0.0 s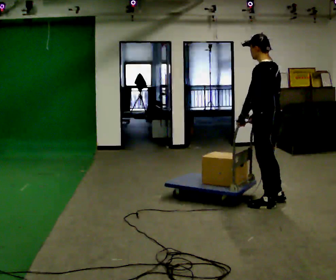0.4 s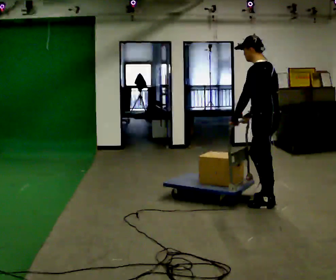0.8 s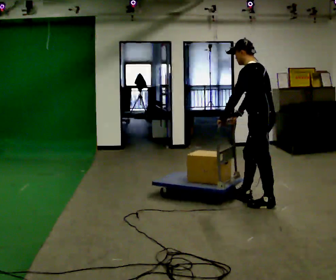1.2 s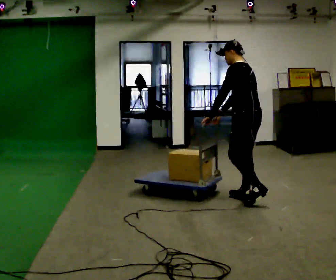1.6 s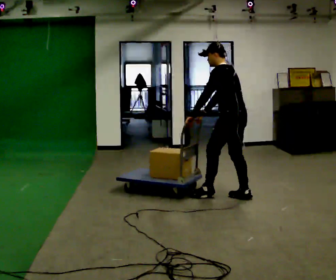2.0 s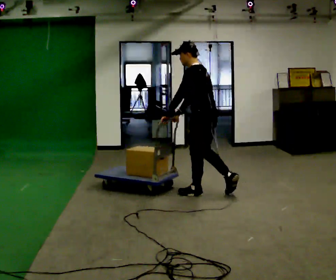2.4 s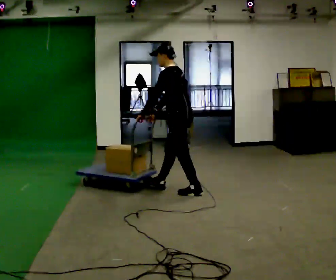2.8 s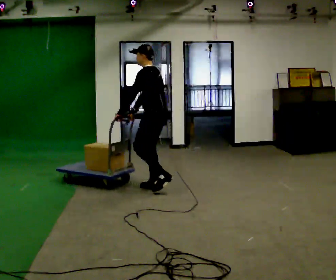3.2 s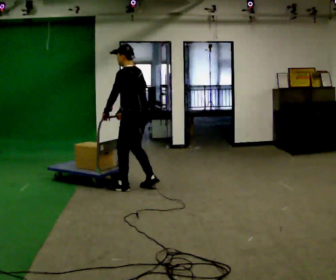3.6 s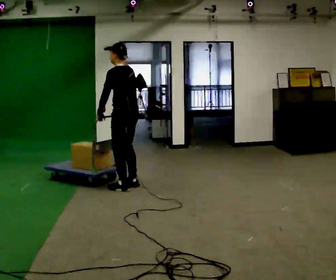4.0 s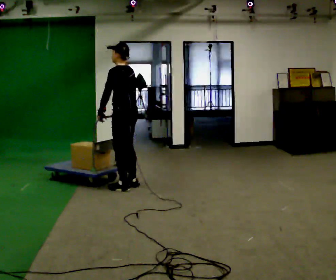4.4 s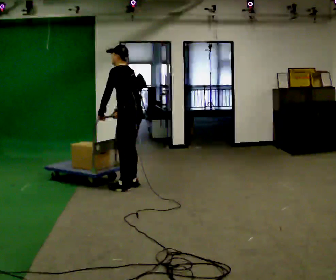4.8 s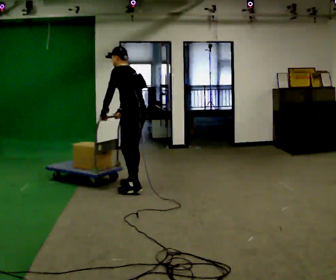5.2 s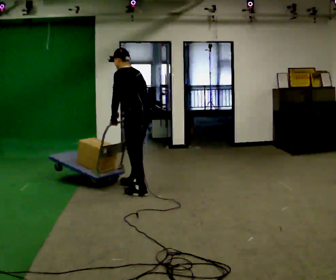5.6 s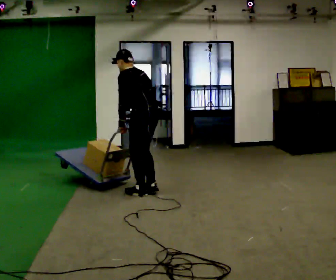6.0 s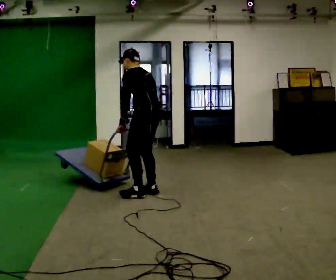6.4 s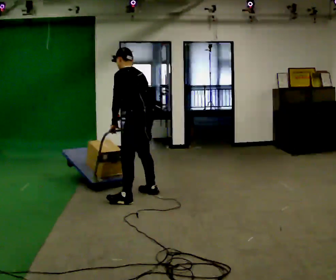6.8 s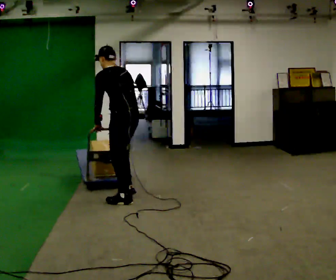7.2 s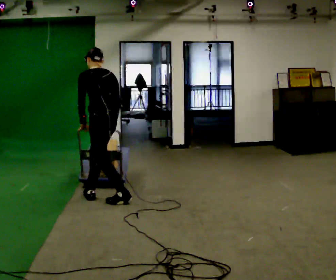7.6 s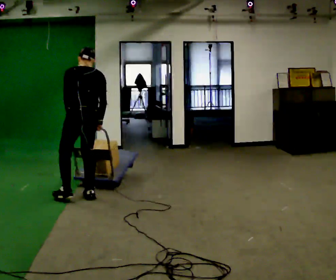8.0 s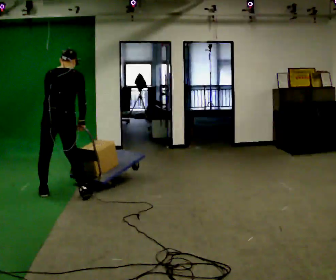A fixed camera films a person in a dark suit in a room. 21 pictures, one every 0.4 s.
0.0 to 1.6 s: In the picture they go away from the camera and to the left, about 0.5 m in 1 step, which for them is forward.
1.6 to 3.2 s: In the picture they go to the left and away from the camera, about 1 m in 3 steps, which for them is forward.
3.2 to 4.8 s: The person moves a little, or ends about where they began.
4.8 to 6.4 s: In the picture they go toward the camera, about 0.5 m in 3 steps, which for them is backward and to their left.
6.4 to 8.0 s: Seen from above the body turns clockwise, about 60 degrees: to their right, with its near side sliding to the left. In the picture they go to the left, about 1 m in 2 steps, which for them is forward and to their left. In the picture the upper body tilts clockwise, shoulders to the right.
The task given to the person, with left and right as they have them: Push the loaded cart from one corner of the room to the other, turn it round, and push it back. Keep going until the operator says stop.
The film runs forward here.
